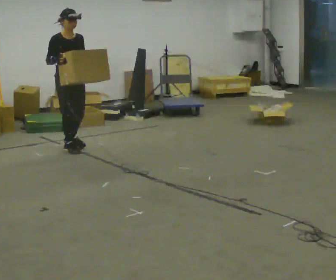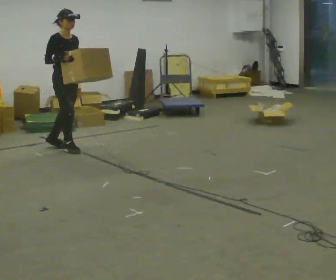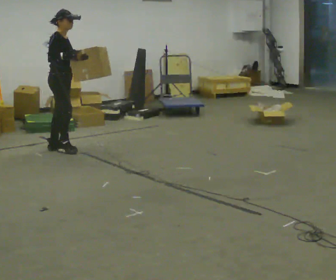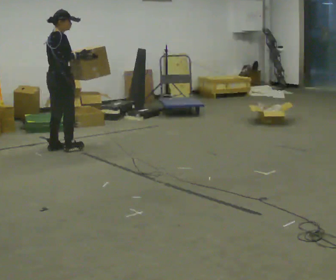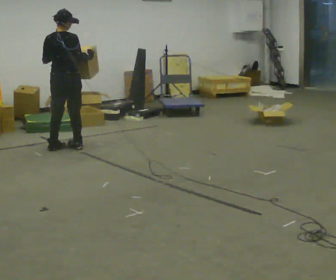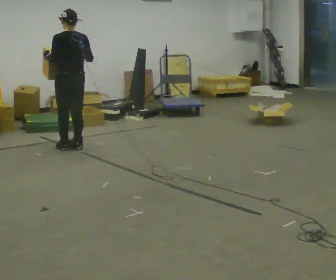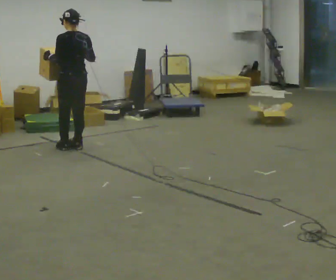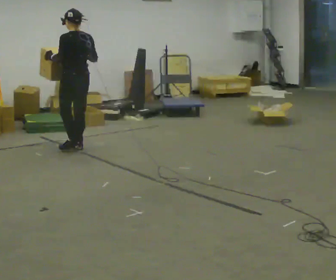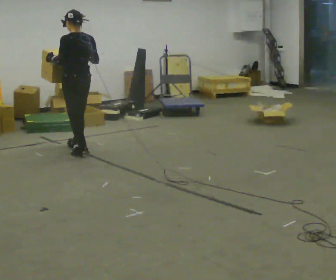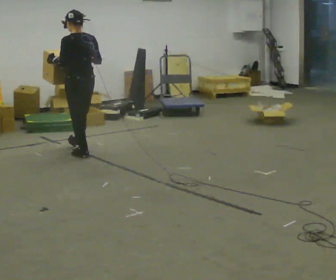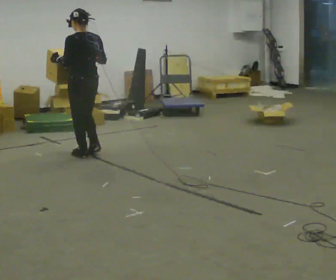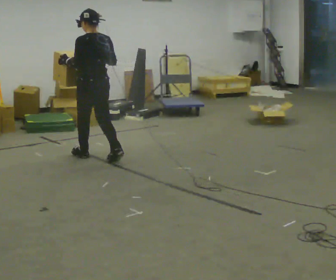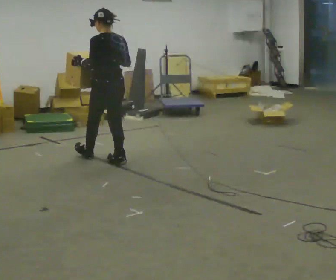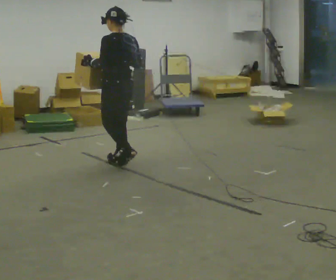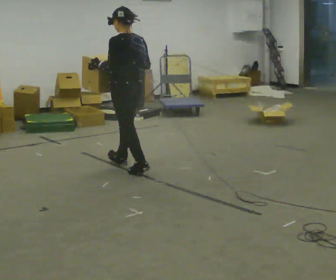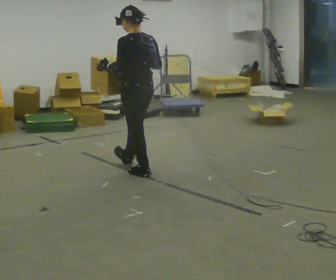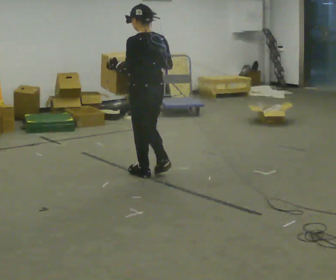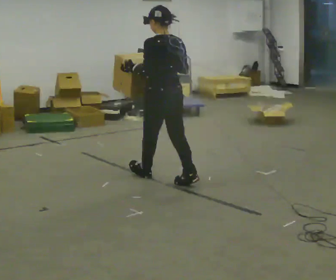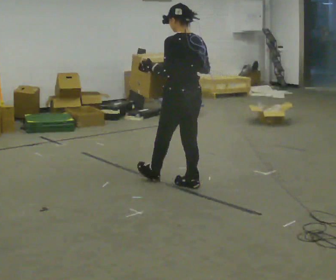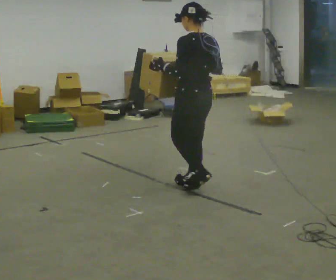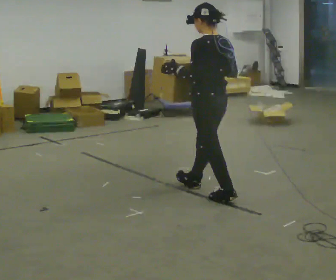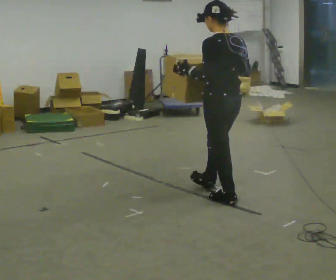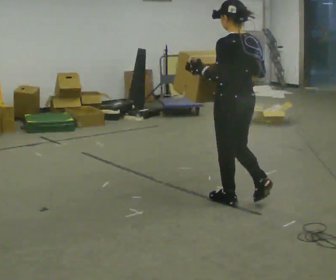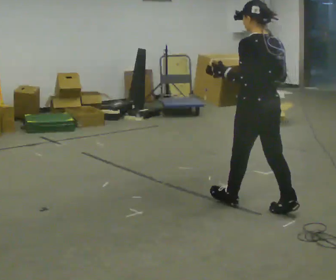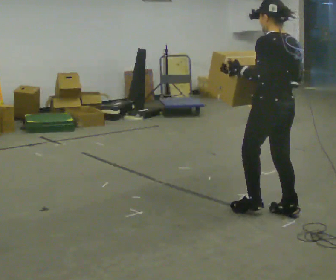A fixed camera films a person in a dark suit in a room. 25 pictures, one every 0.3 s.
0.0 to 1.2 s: The part of the body nearest the lens slides to the right as the person turns to their left by about 135 degrees. In the picture their right hand goes to the right.
1.2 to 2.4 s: Seen from above the body turns counterclockwise, about 45 degrees: to their left, with its near side sliding to the right. In the picture they go to the right, about 0.25 m in 2 steps, which for them is backward.
2.4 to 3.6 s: In the picture they go toward the camera and to the right, about 0.5 m in 2 steps, which for them is backward.
3.6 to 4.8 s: In the picture they go toward the camera and to the right, about 0.5 m in 1 step, which for them is backward.
4.8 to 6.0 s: In the picture they go toward the camera and to the right, about 0.5 m in 1 step, which for them is backward.
6.0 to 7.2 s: In the picture they go toward the camera and to the right, about 0.5 m in 2 steps, which for them is backward.
The film runs backward here.
